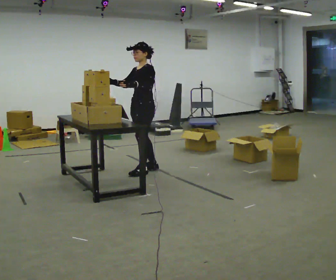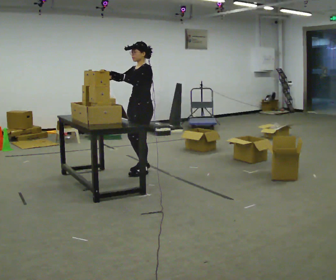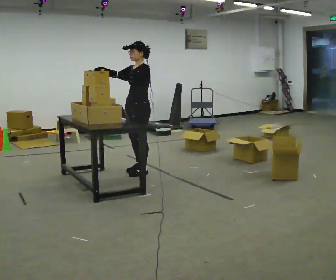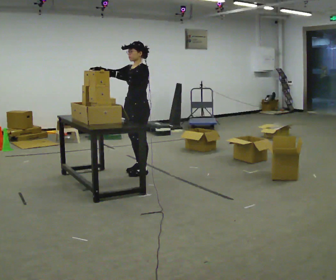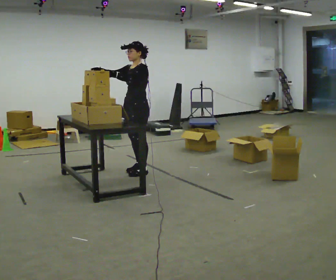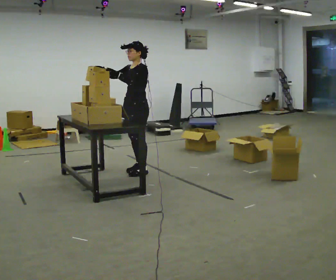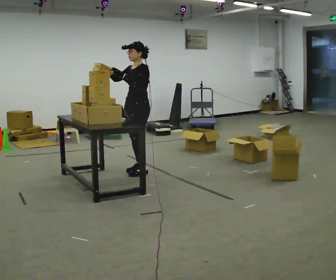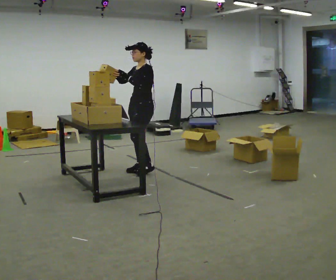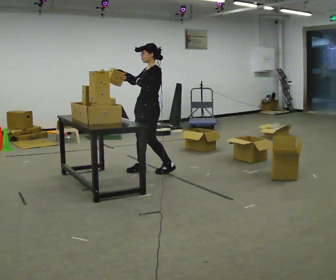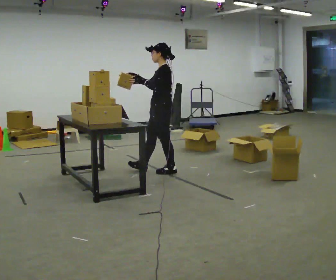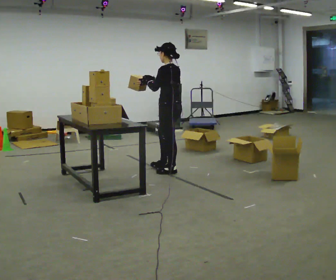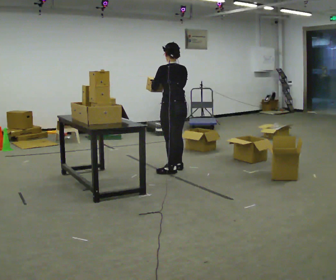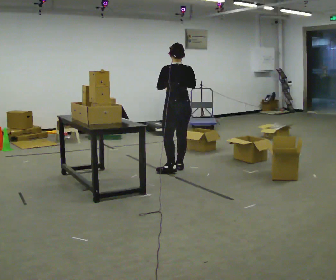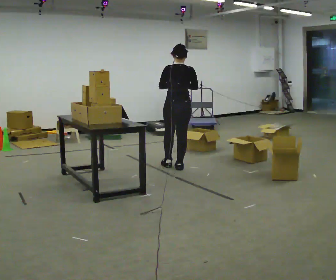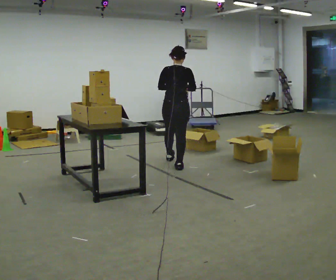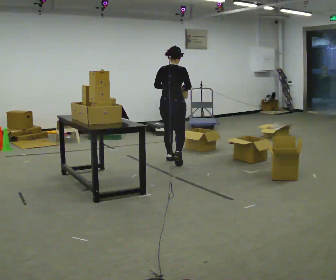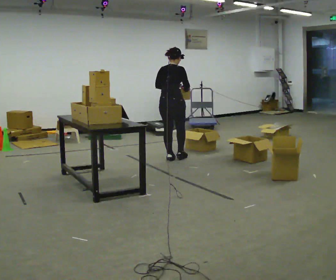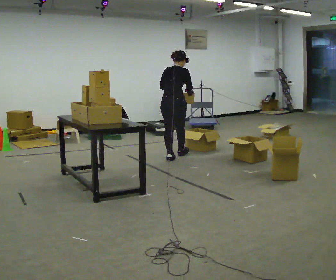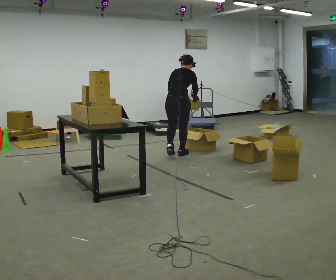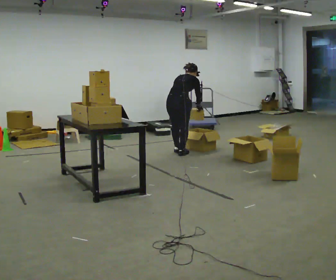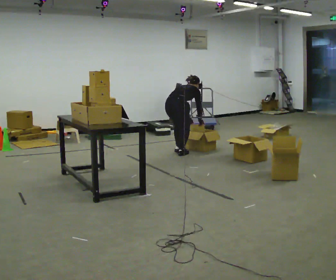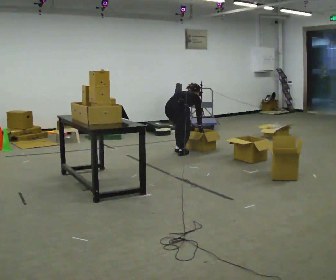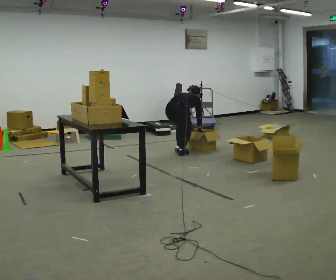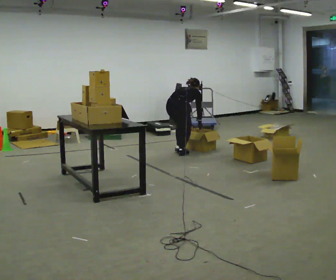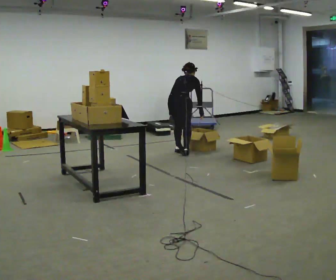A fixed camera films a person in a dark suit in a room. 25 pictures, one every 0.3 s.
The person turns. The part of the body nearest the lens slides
to the left.
The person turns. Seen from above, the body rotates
clockwise.
0.0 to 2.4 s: The person moves a little, or ends about where they began.
2.4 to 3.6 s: The part of the body nearest the lens slides to the left as the person turns to their right by about 90 degrees. In the picture they go to the right, about 0.5 m in 2 steps.
3.6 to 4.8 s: The part of the body nearest the lens slides to the left as the person turns to their right by about 45 degrees. In the picture they go away from the camera, about 0.5 m in 1 step, which for them is forward.
4.8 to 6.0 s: In the picture they go away from the camera, about 0.25 m in 2 steps, which for them is forward. The shoulders move downward. The upper body tips away from the camera, its near side rolling upward, as they bend forward. In the picture their right hand goes downward.
6.0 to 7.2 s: The person moves a little, or ends about where they began.
The film runs forward here.
